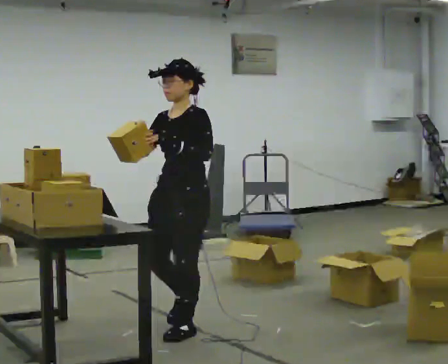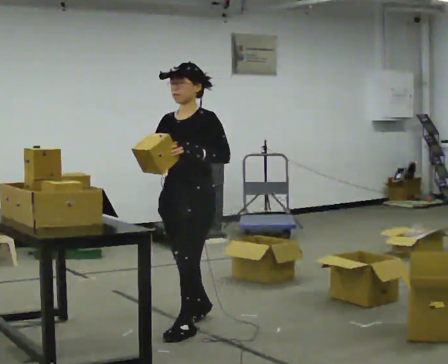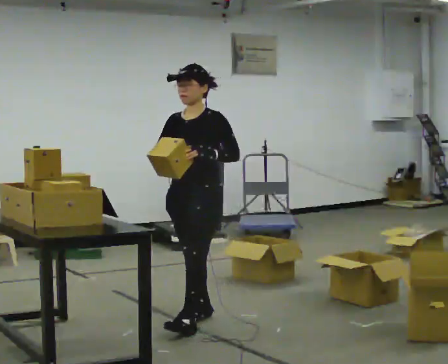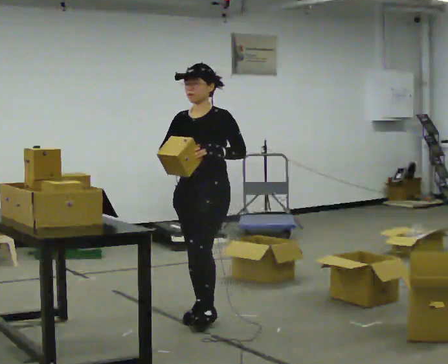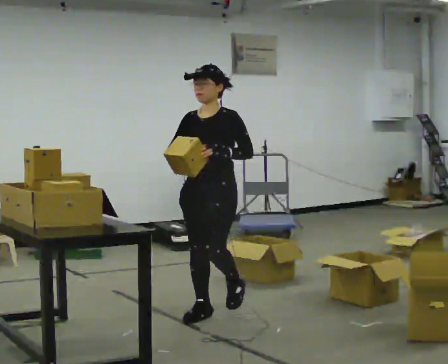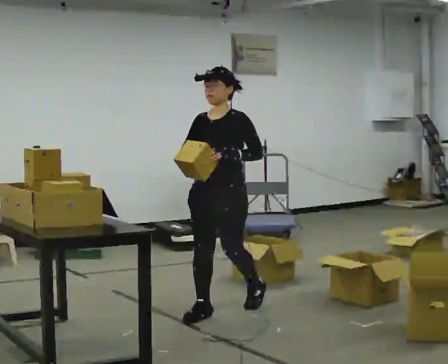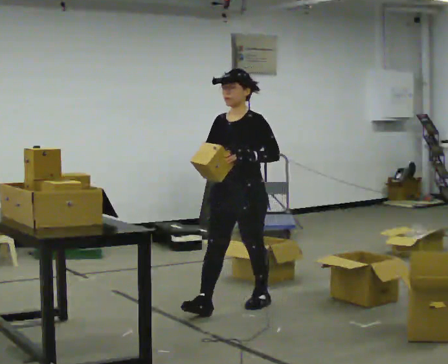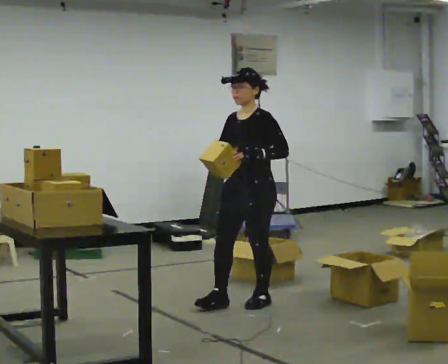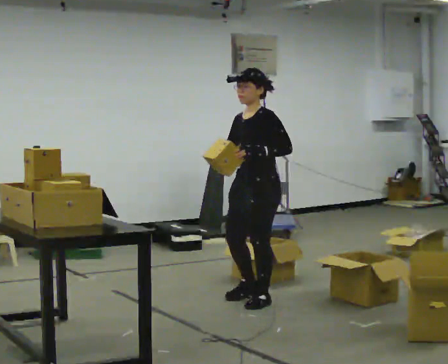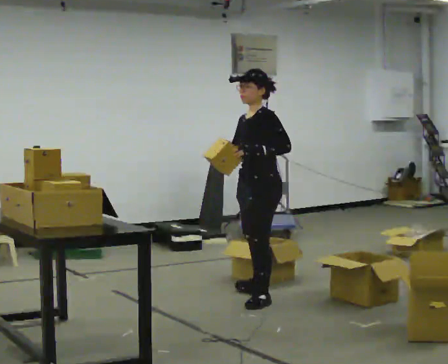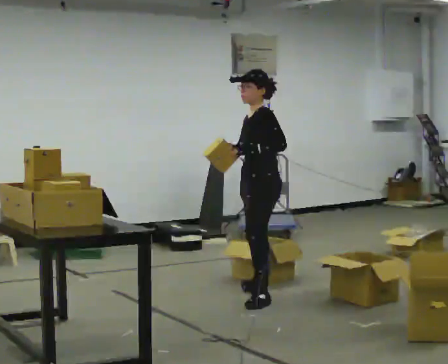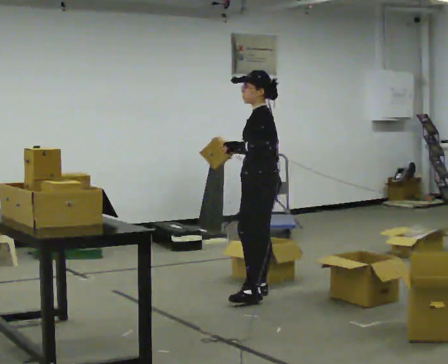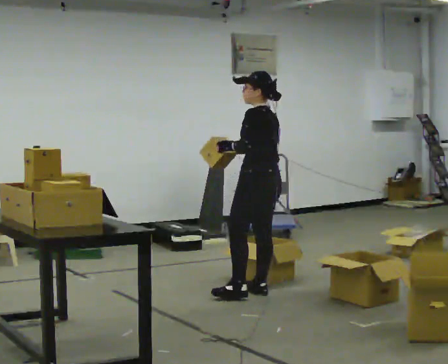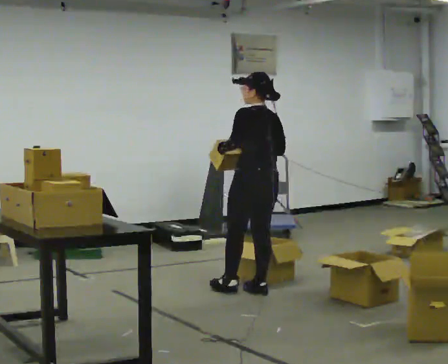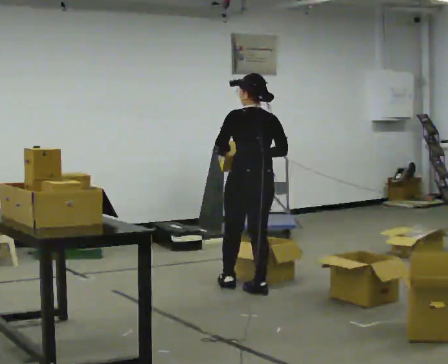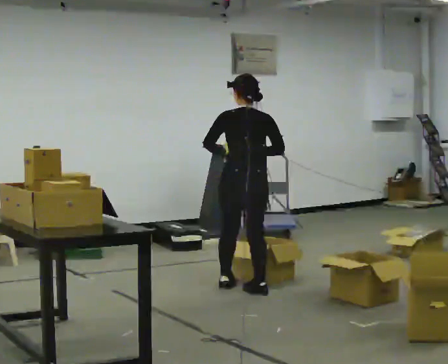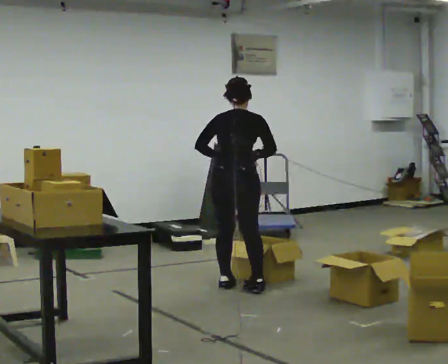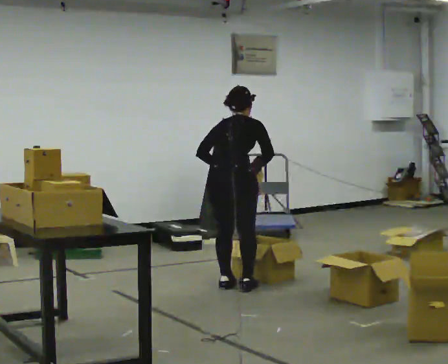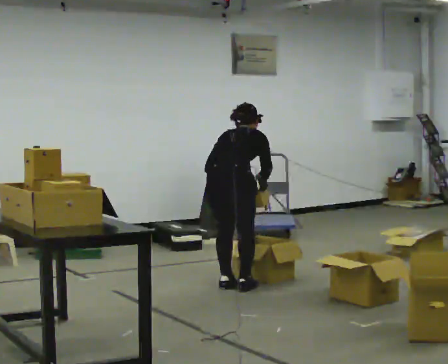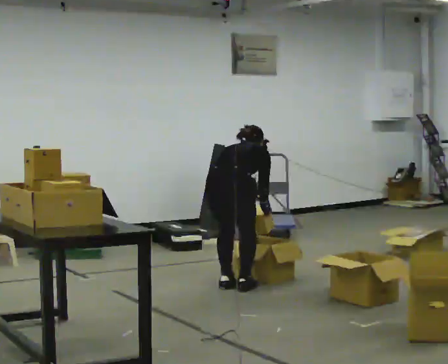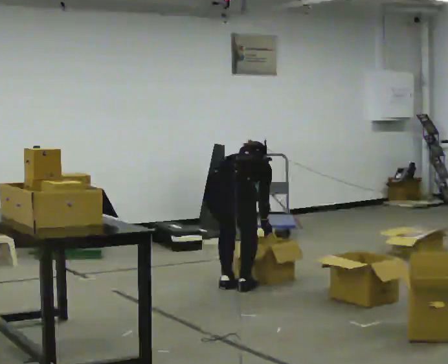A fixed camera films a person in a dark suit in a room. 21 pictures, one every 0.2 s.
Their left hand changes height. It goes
downward.
The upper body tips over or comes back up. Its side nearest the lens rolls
upward.
0.0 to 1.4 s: In the picture they go away from the camera and to the right, about 1 m in 2 steps, which for them is backward.
1.4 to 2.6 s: The part of the body nearest the lens slides to the left as the person turns to their right by about 90 degrees. In the picture they go away from the camera, about 0.25 m in 1 step.
2.6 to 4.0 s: The part of the body nearest the lens slides to the left as the person turns to their right by about 60 degrees. In the picture they go to the left, about 0.25 m in 1 step. The upper body goes downward. The upper body tips away from the camera, its near side rolling upward, as they bend forward. In the picture their right hand goes downward.
The film runs backward here.
